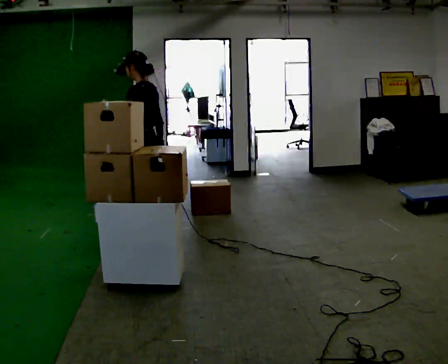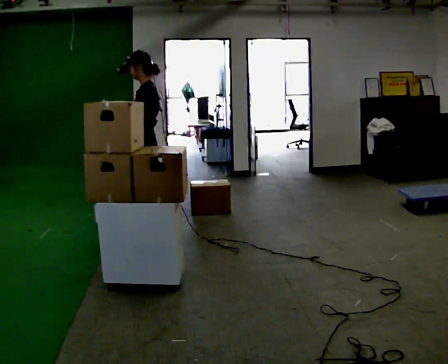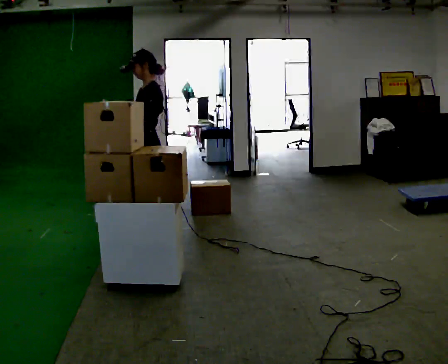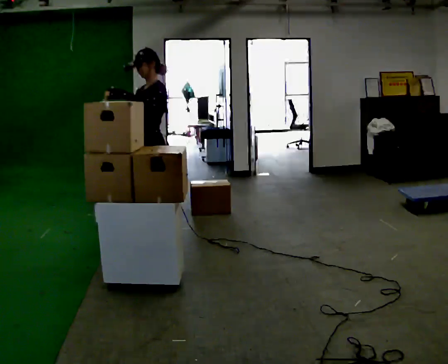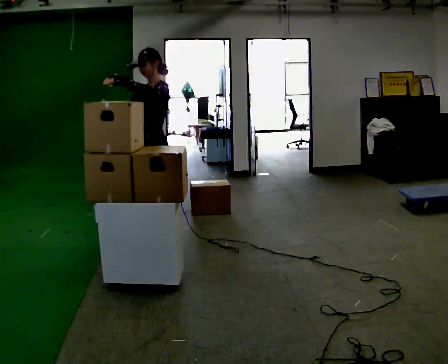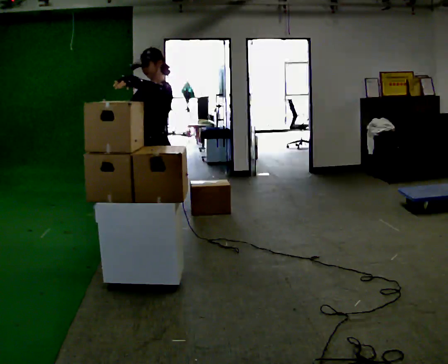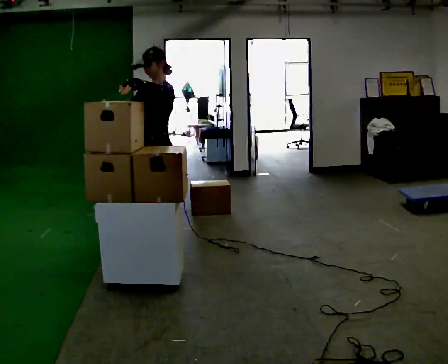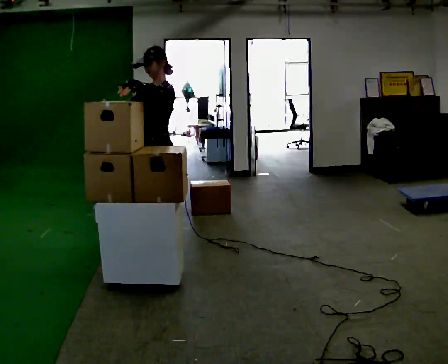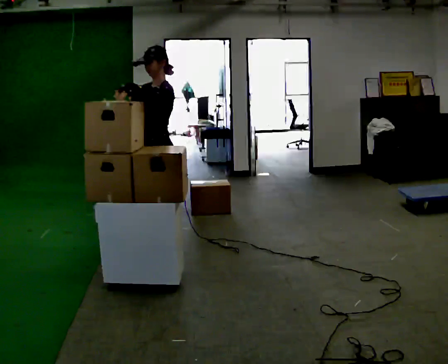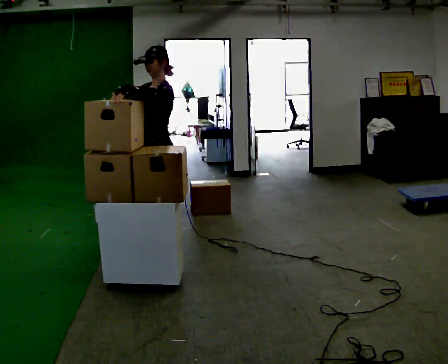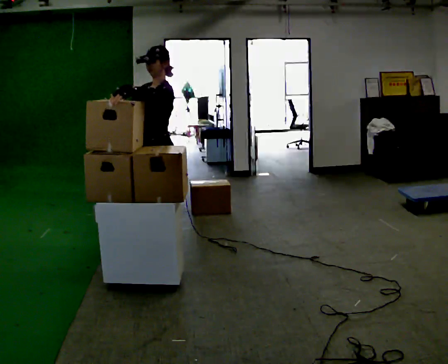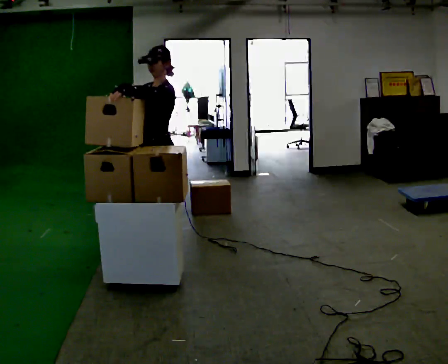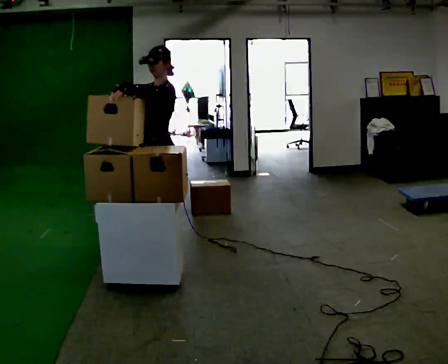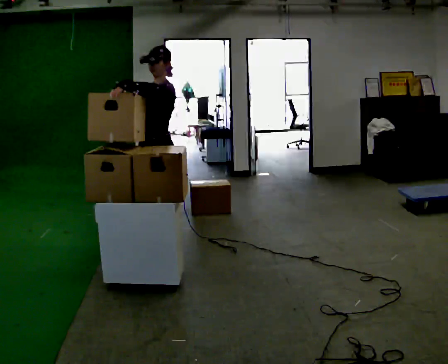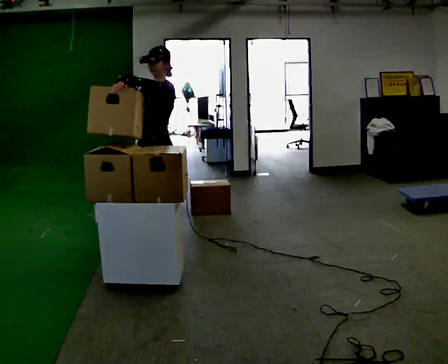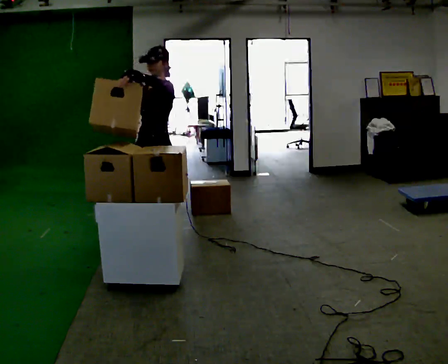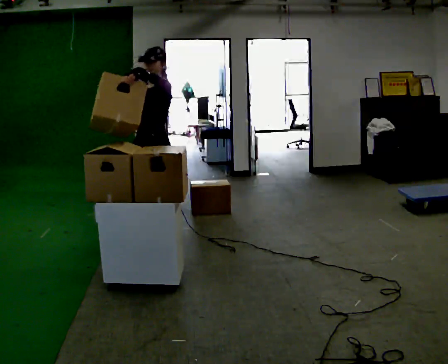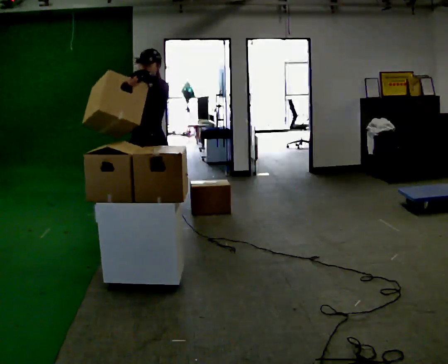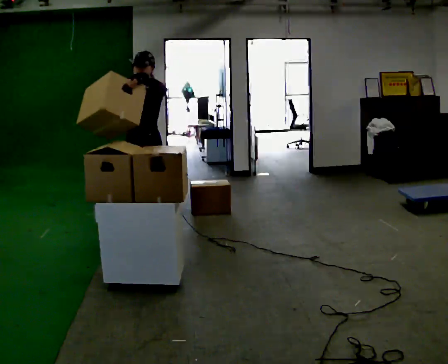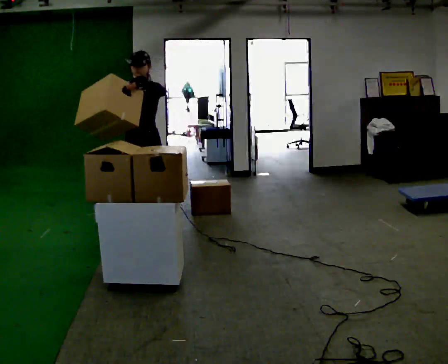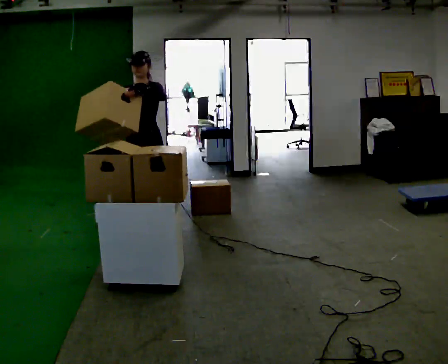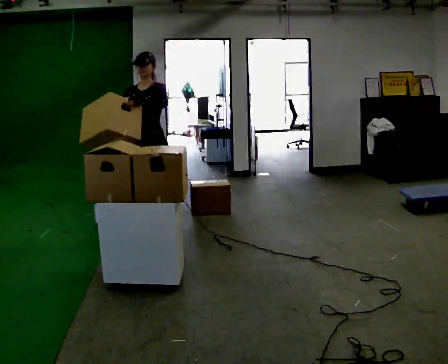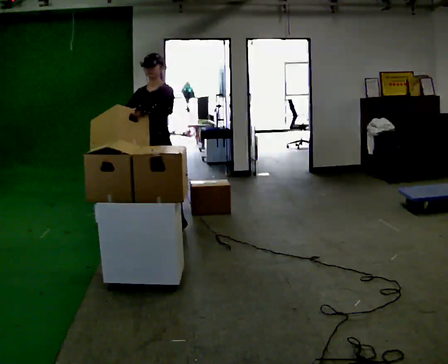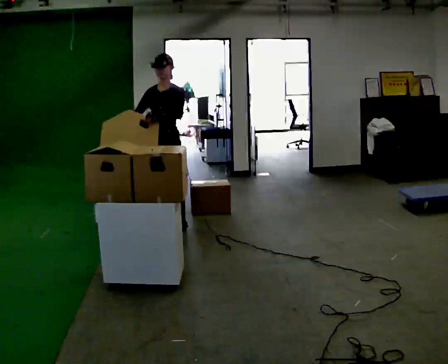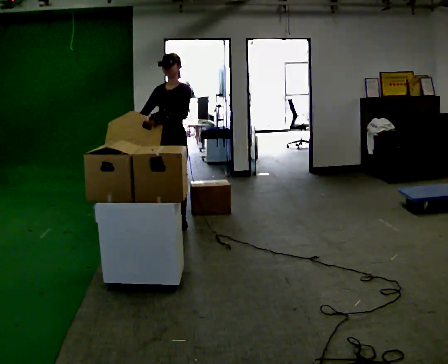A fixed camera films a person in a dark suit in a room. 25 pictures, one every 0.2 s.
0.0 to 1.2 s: Seen from above the body turns counterclockwise, about 60 degrees: to their left, with its near side sliding to the right. In the picture they go toward the camera, about 0.25 m, which for them is to their left.
1.2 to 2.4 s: The person moves a little, or ends about where they began.
2.4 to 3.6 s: The part of the body nearest the lens slides to the right as the person turns to their left by about 30 degrees. In the picture they go away from the camera, about 0.25 m in 1 step, which for them is to their right.
3.6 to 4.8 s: In the picture they go away from the camera and to the right, about 0.5 m in 2 steps, which for them is backward.
The film runs backward here.
